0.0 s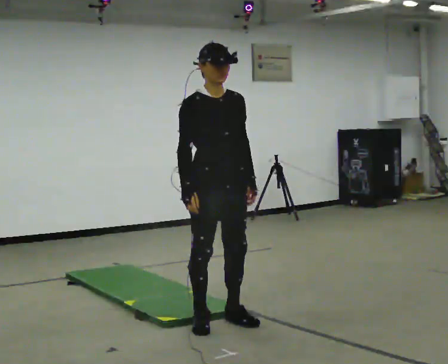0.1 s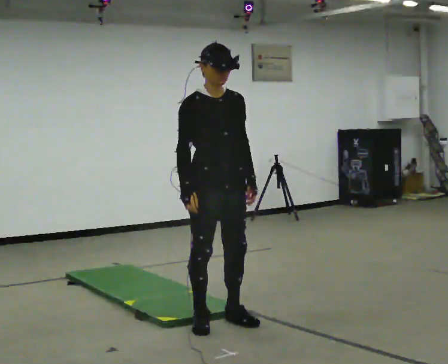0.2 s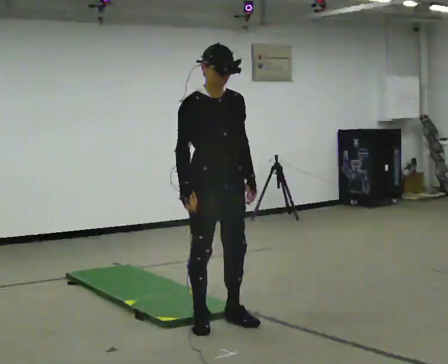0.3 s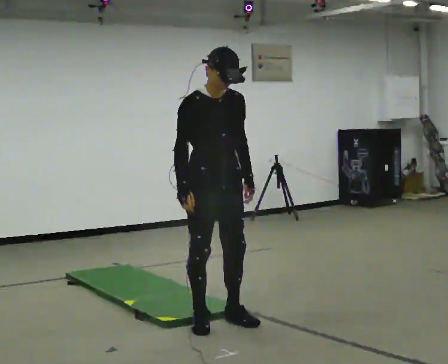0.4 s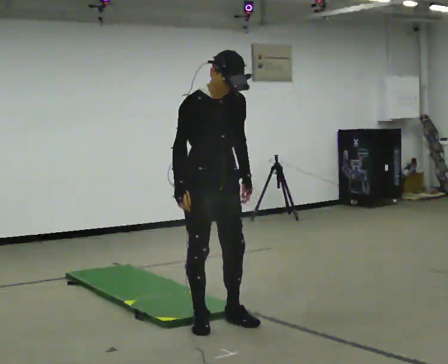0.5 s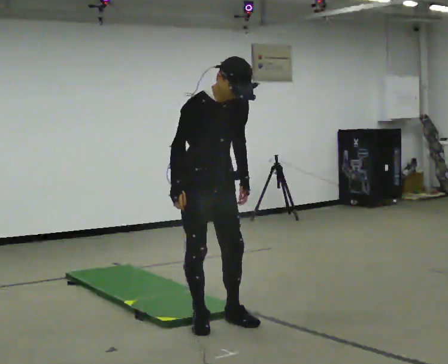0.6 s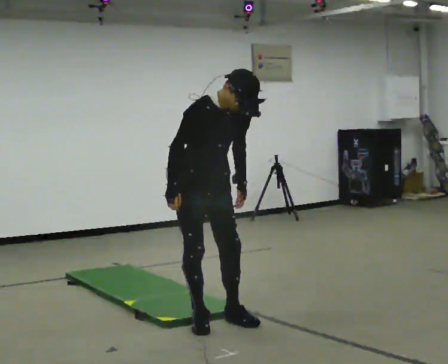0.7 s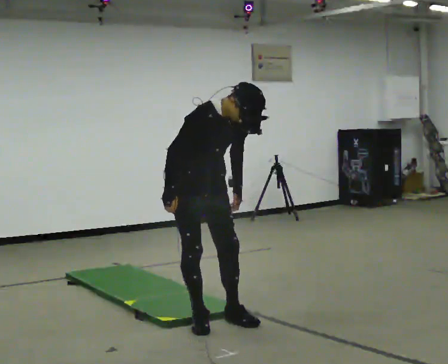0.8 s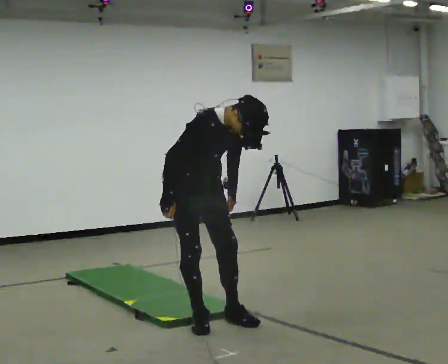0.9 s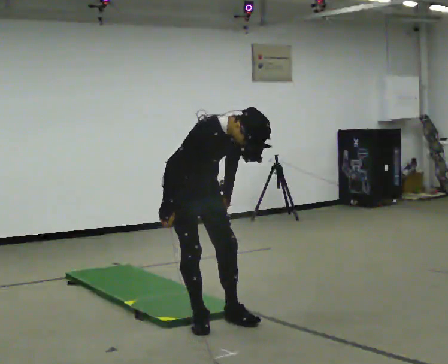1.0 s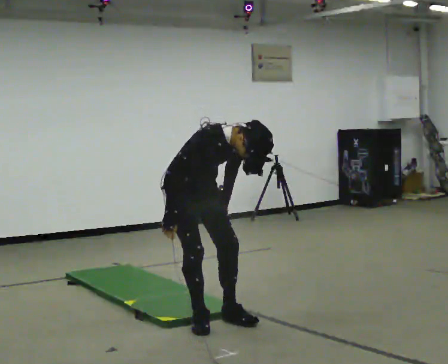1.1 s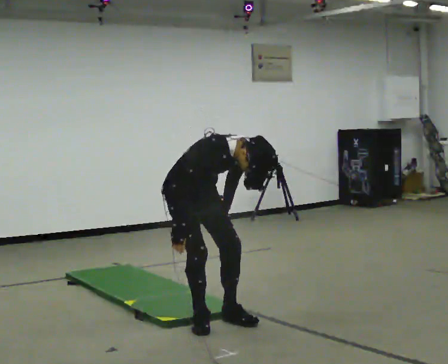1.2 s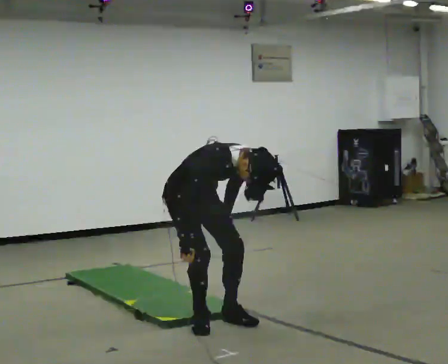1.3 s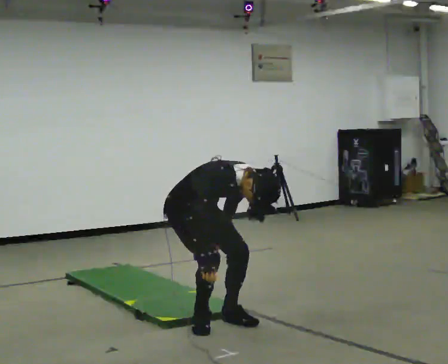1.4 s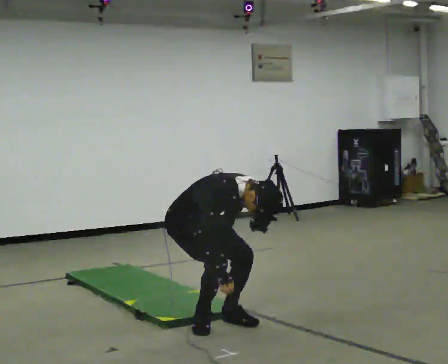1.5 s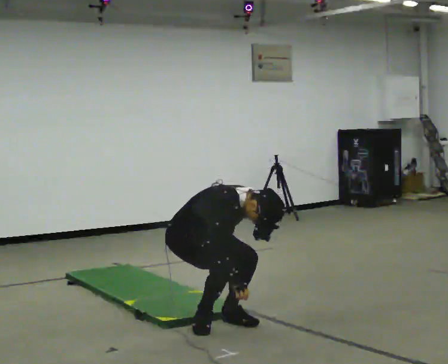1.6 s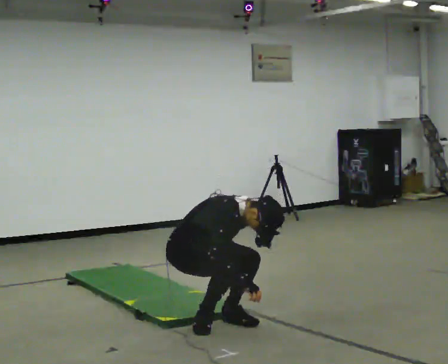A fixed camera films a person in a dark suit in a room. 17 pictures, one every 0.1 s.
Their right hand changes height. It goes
downward.
The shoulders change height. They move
downward.
0.0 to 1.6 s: In the picture they go away from the camera and to the left, about 0.25 m, which for them is backward. The upper body goes downward. In the picture the upper body tilts clockwise, shoulders to the right, as they bend forward. In the picture their left hand goes downward.
The film runs forward here.
